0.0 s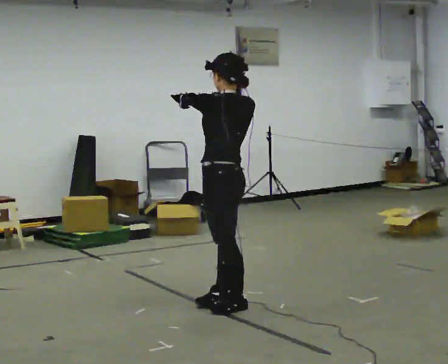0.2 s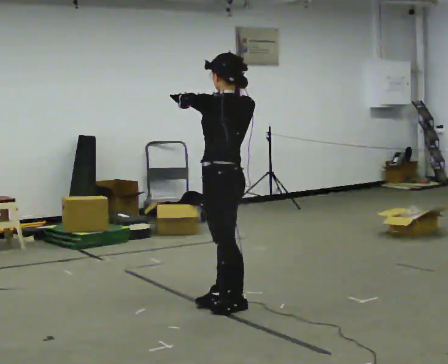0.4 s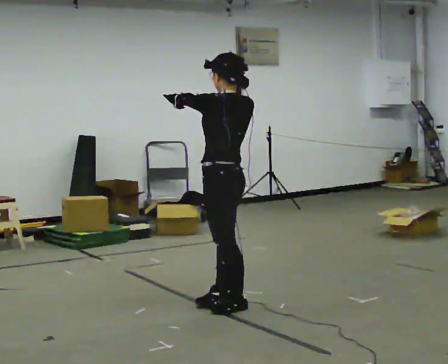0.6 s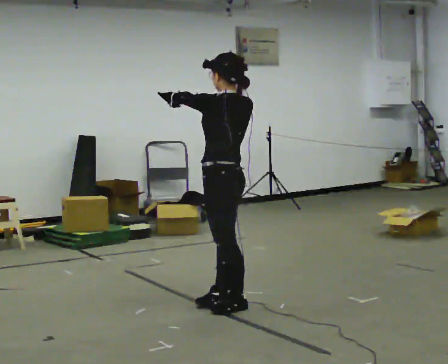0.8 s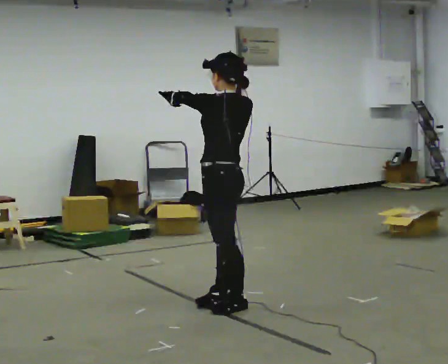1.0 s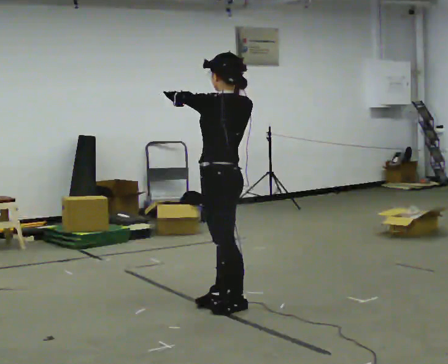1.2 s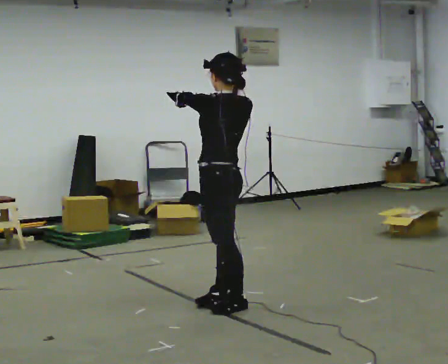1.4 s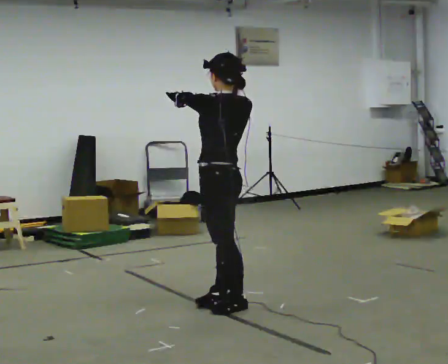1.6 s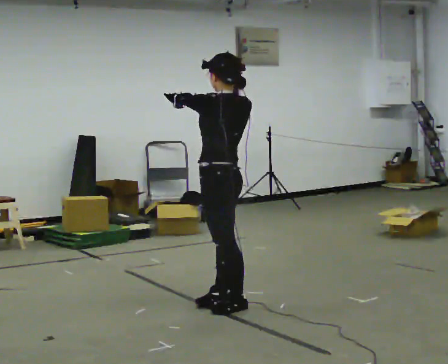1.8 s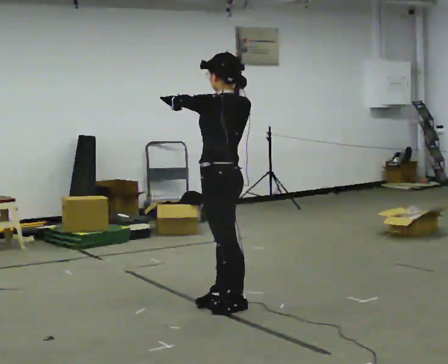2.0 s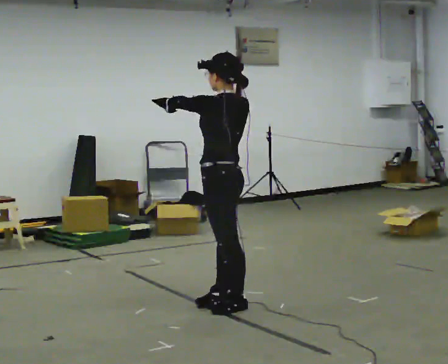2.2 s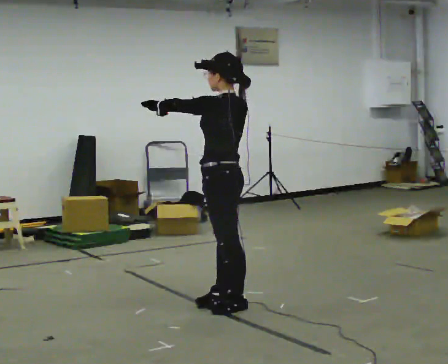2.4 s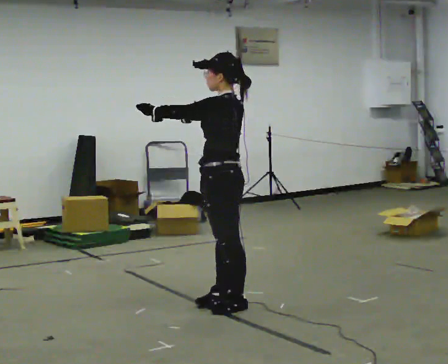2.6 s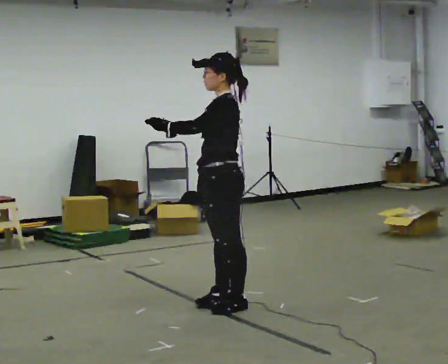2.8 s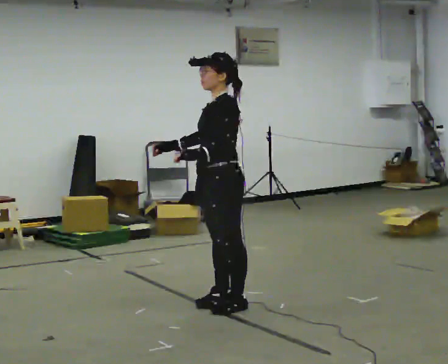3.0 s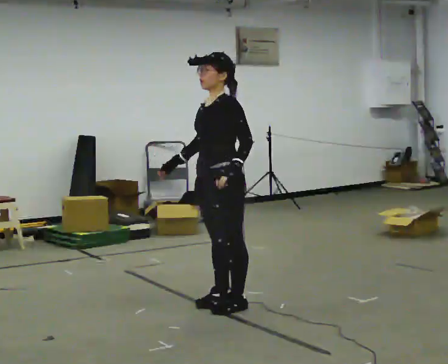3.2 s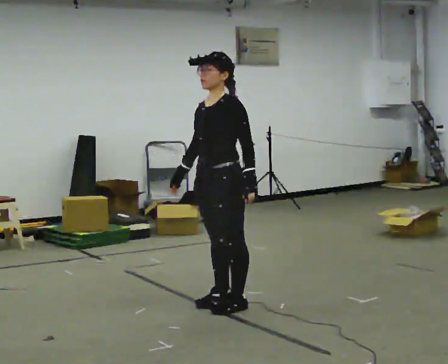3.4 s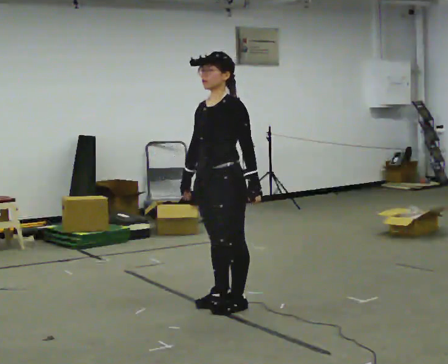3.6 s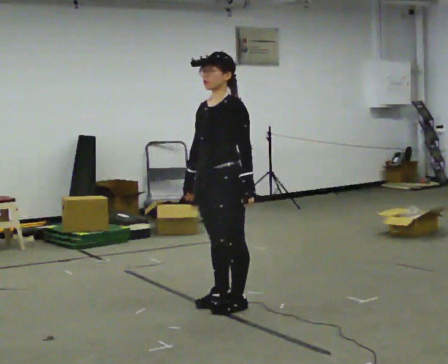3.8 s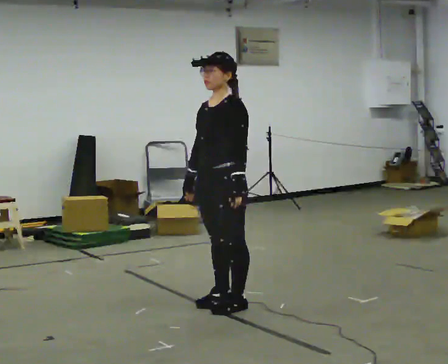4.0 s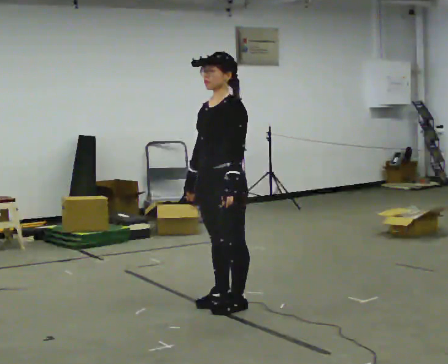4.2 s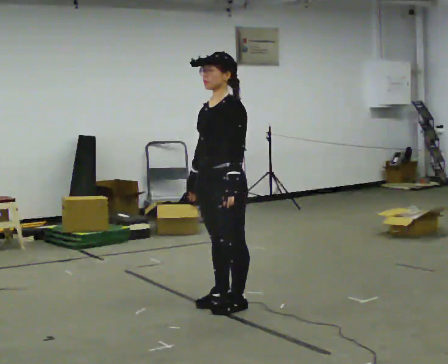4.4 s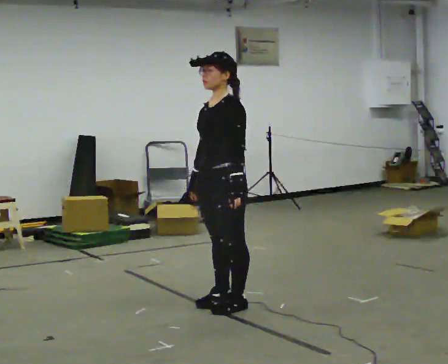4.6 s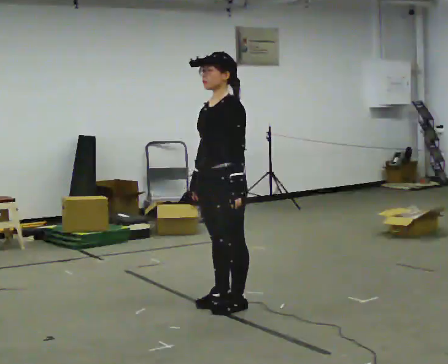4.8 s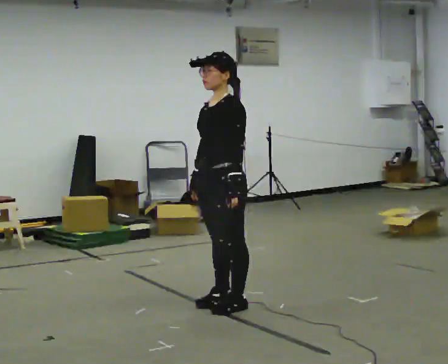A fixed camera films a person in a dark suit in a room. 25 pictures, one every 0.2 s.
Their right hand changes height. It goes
downward.
Their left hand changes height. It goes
downward.
0.0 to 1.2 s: The person moves a little, or ends about where they began.
1.2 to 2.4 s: The part of the body nearest the lens slides to the right as the person turns to their left by about 30 degrees.
2.4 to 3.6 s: The person turns about 45 degrees to their left, counterclockwise seen from above, so the part of the body nearest the lens slides to the right. In the picture their left hand goes to the right and downward.
3.6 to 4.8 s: The person moves a little, or ends about where they began.
The film runs forward here.
